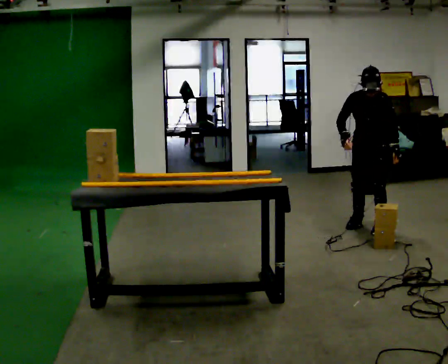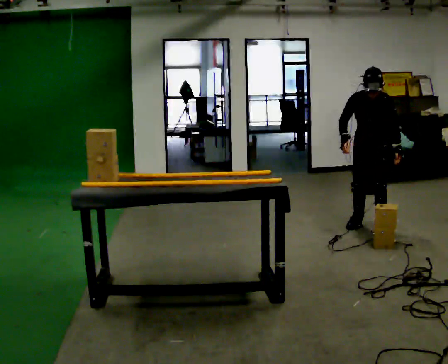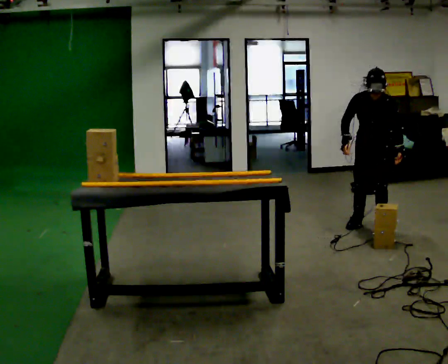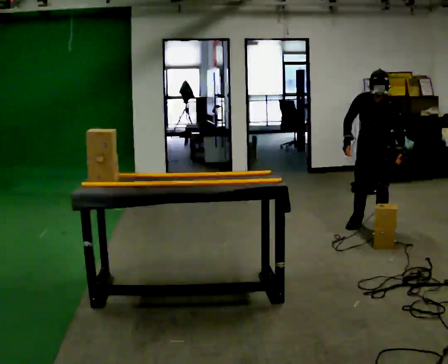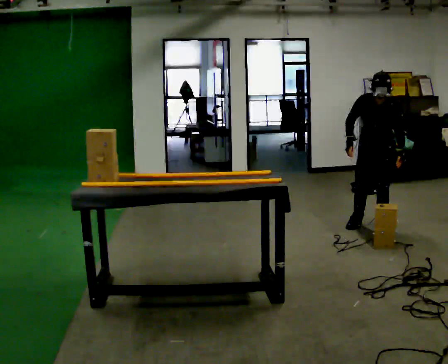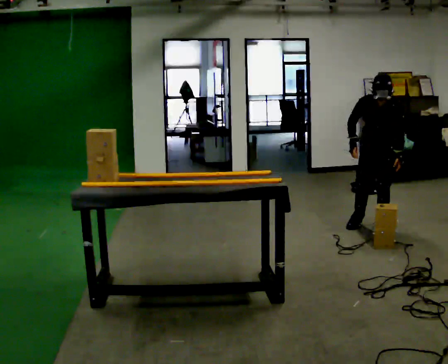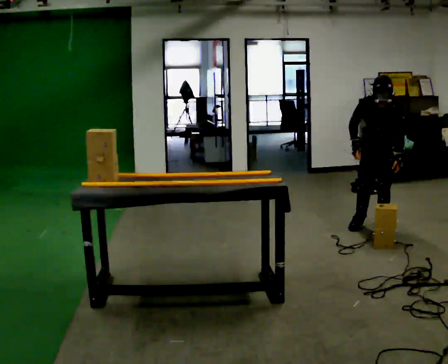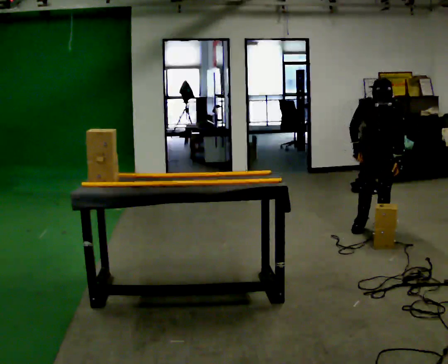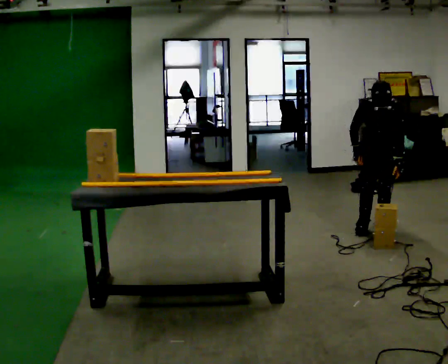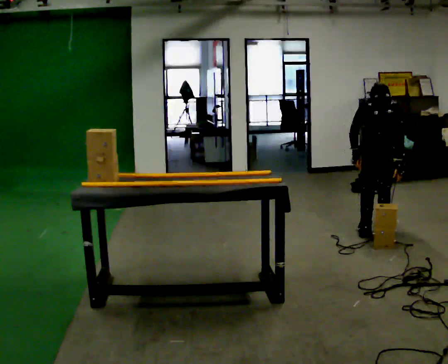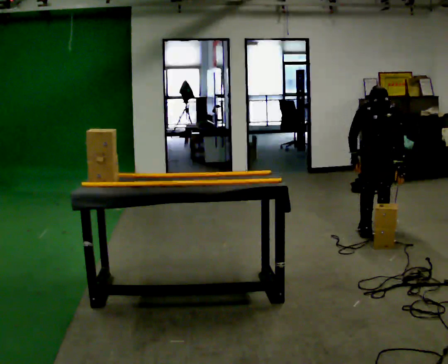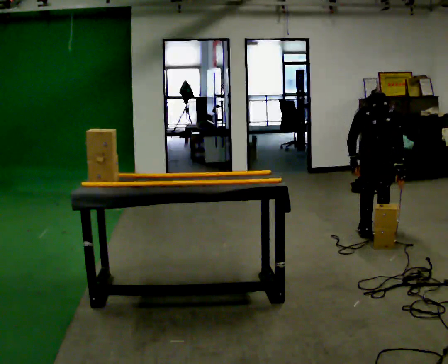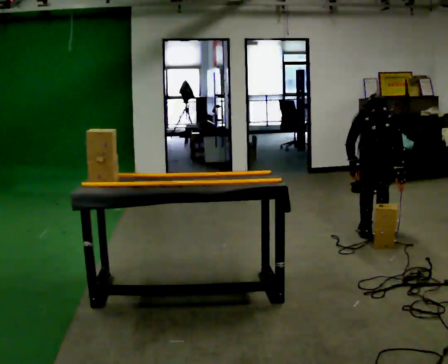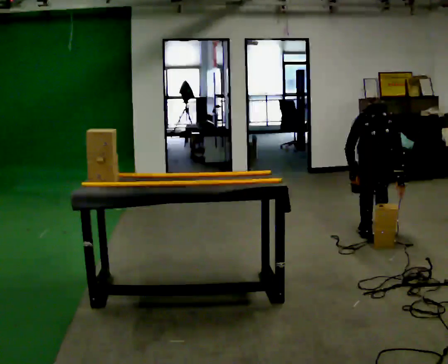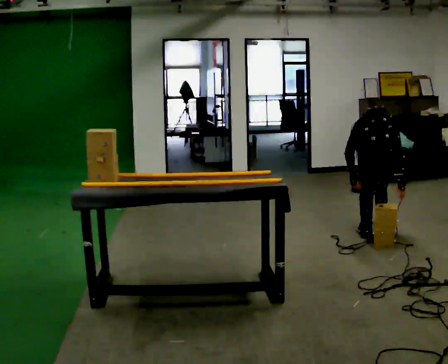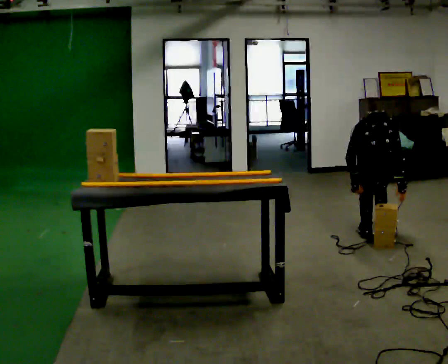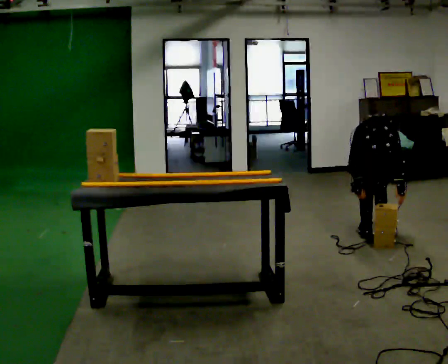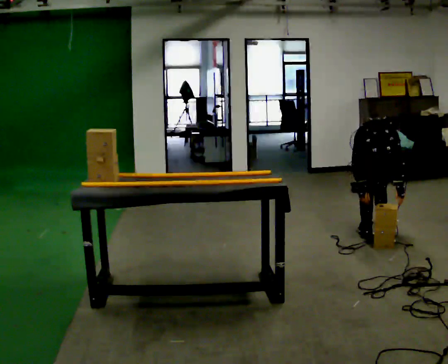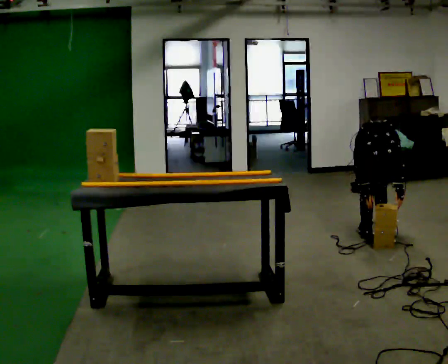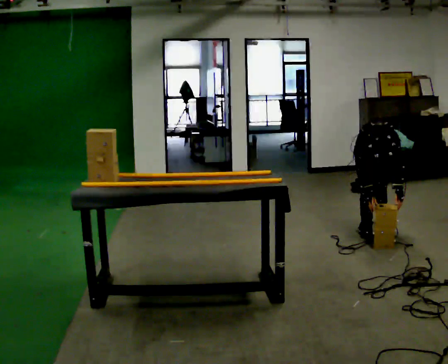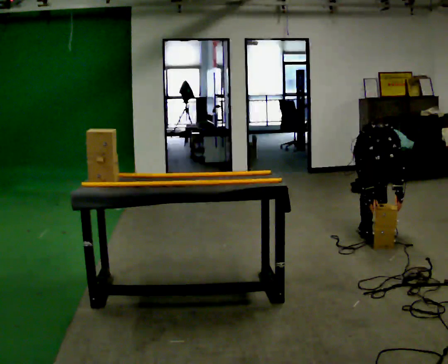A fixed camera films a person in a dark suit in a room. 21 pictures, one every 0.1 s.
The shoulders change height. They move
downward.
Their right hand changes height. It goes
downward.
0.0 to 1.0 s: The upper body tips toward the camera, its near side rolling downward, as they bend forward.
1.0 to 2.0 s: The shoulders move downward. The upper body tips toward the camera, its near side rolling downward, as they bend forward.
The film runs forward here.
